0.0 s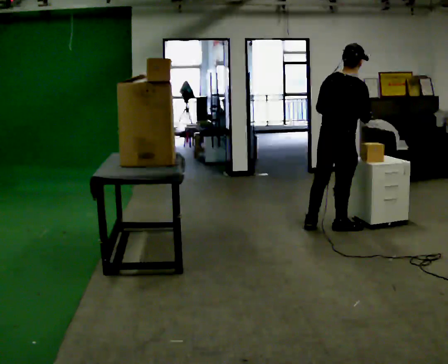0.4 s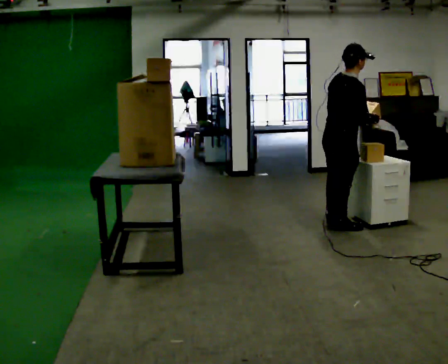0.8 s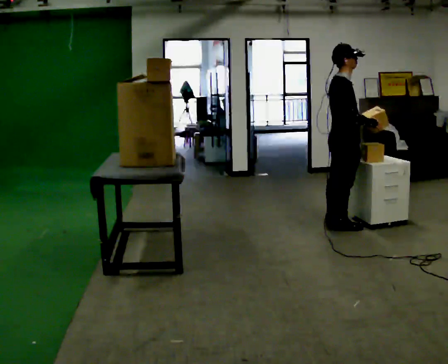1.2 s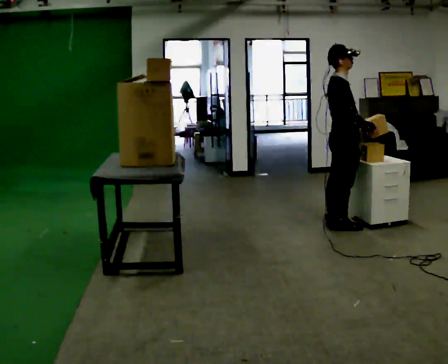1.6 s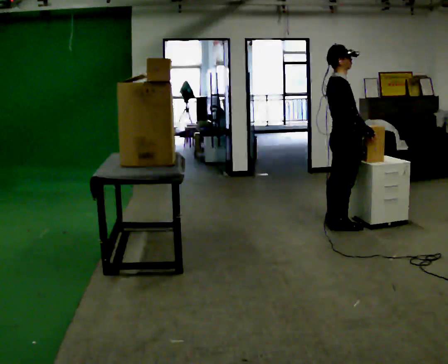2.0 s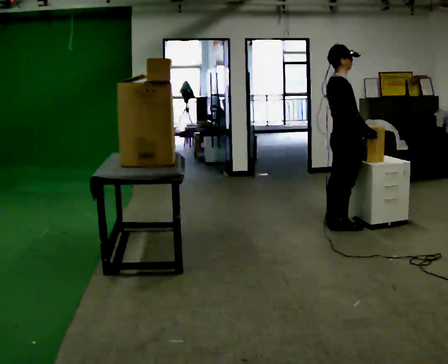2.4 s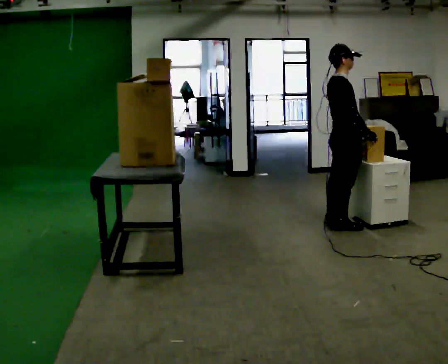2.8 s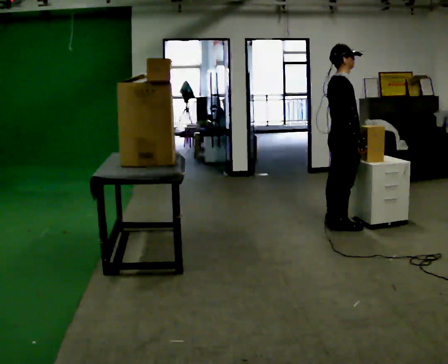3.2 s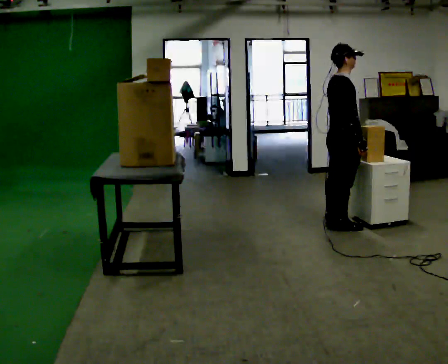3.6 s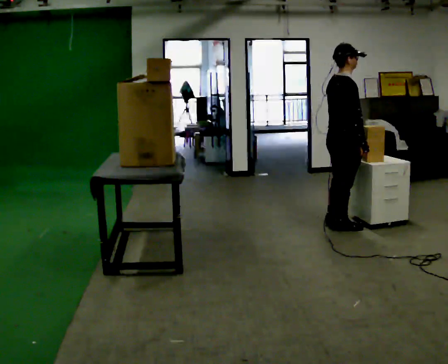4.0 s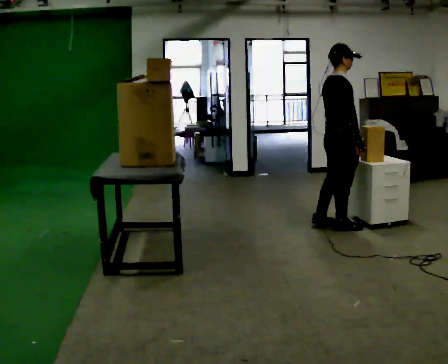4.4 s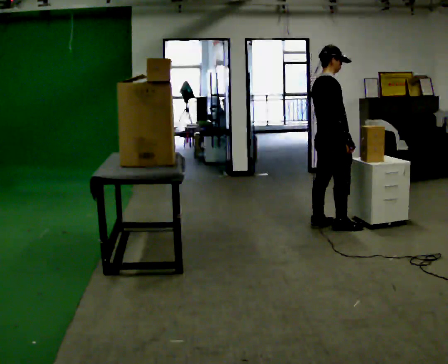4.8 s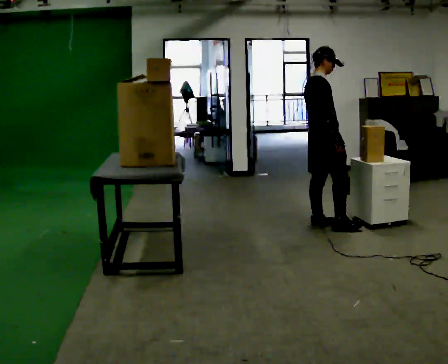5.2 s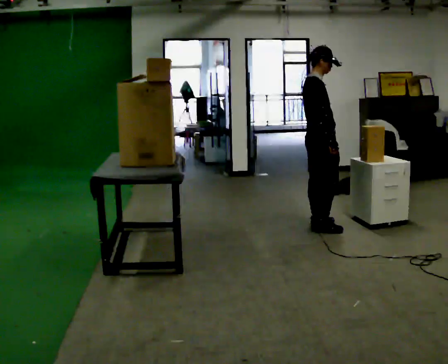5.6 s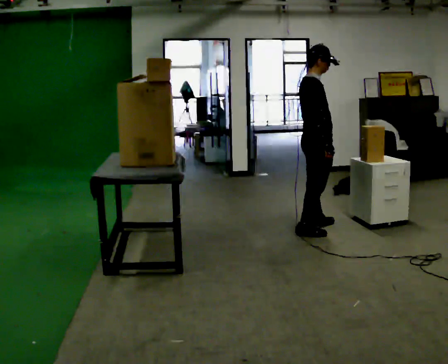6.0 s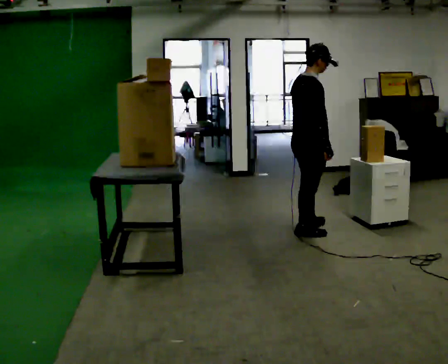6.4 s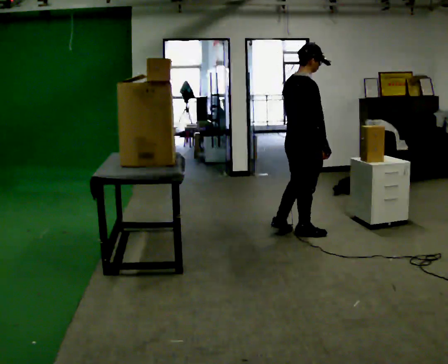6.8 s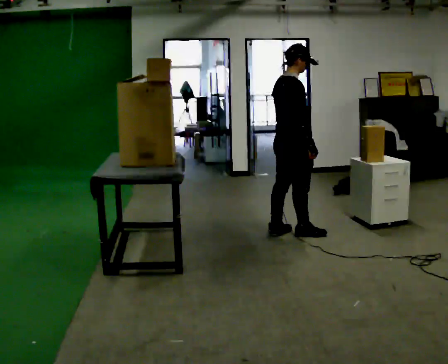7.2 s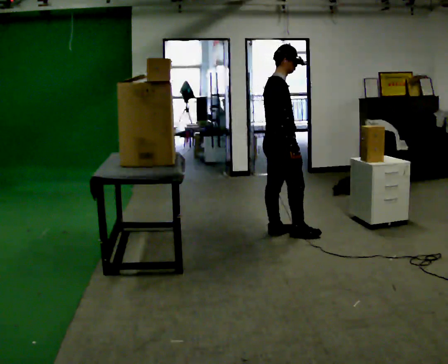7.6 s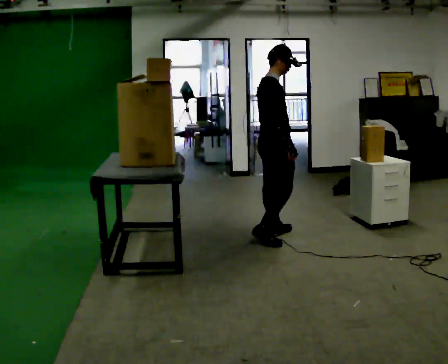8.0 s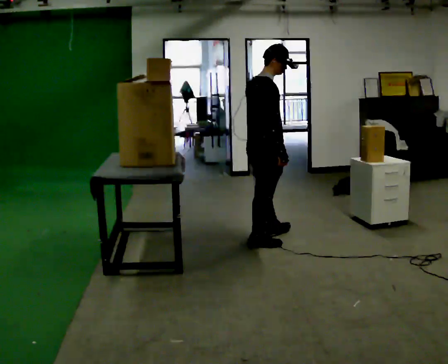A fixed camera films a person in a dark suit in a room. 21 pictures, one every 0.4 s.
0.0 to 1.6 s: The part of the body nearest the lens slides to the left as the person turns to their right by about 45 degrees. In the picture the upper body tilts counterclockwise, shoulders to the left.
1.6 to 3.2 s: The person moves a little, or ends about where they began.
3.2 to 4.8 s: In the picture they go to the left, about 0.25 m in 1 step, which for them is backward.
4.8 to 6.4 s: In the picture they go toward the camera and to the left, about 0.25 m in 2 steps, which for them is backward and to their right.
6.4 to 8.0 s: In the picture they go to the left and toward the camera, about 0.5 m in 2 steps, which for them is backward.
The film runs backward here.
